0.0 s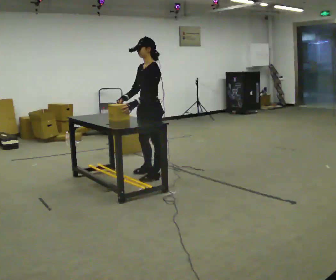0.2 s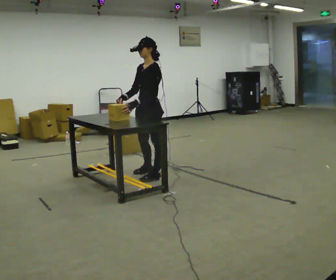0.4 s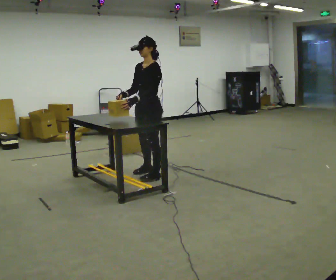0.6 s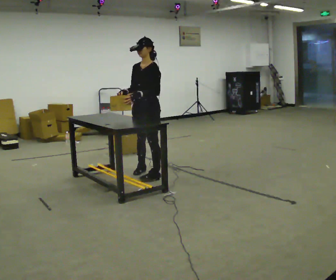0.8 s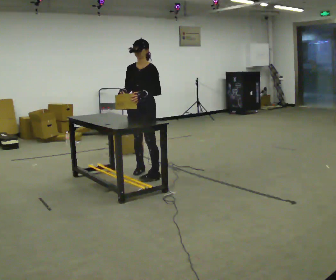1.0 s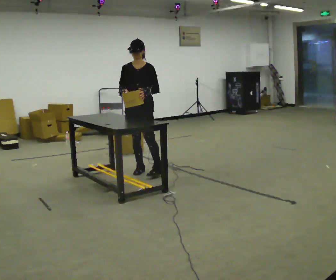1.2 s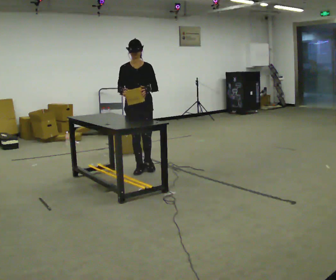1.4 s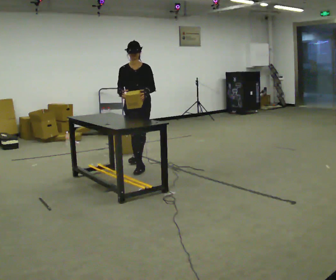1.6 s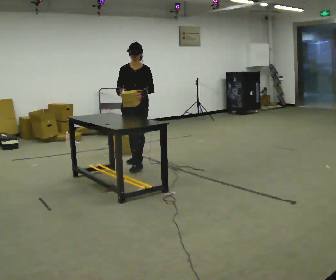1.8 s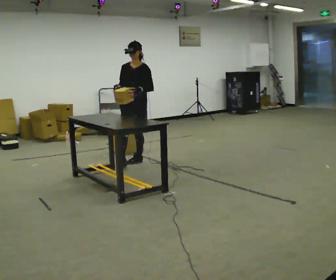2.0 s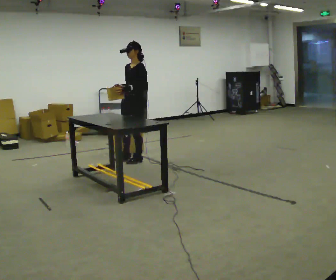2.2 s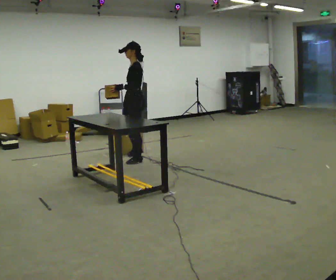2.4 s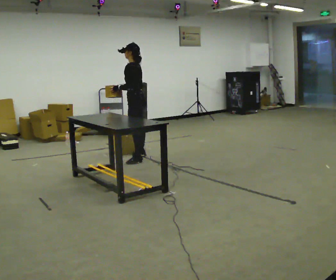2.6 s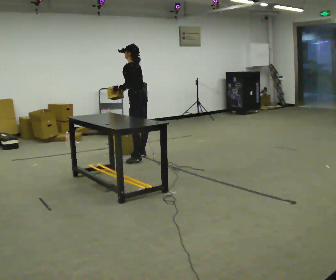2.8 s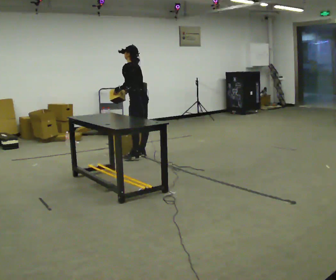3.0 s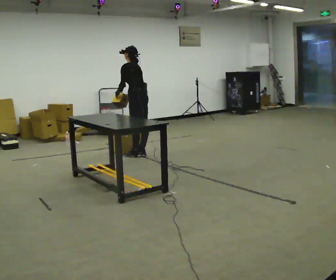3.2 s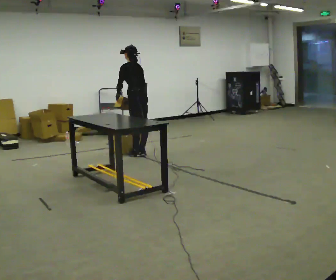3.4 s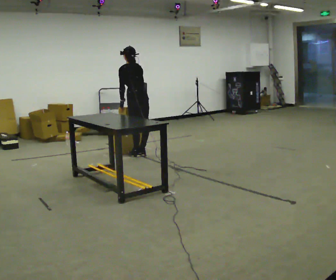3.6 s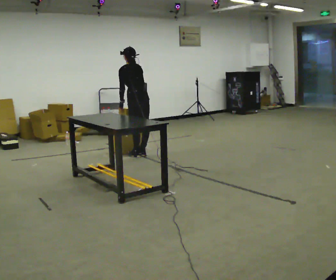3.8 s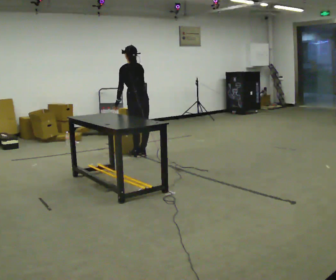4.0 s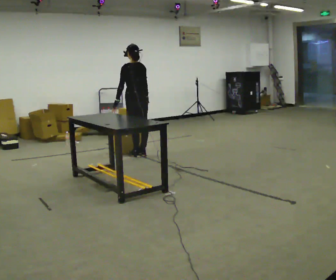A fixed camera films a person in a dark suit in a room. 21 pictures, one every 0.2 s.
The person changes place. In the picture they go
away from the camera.
0.0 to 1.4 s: The part of the body nearest the lens slides to the right as the person turns to their left by about 90 degrees. In the picture they go away from the camera, about 0.5 m in 1 step.
1.4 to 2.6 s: The person turns about 120 degrees to their right, clockwise seen from above, so the part of the body nearest the lens slides to the left. In the picture they go away from the camera, about 0.5 m in 1 step.
2.6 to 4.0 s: The person turns about 30 degrees to their right, clockwise seen from above, so the part of the body nearest the lens slides to the left. In the picture they go away from the camera, about 0.25 m in 1 step, which for them is forward.
The film runs backward here.
